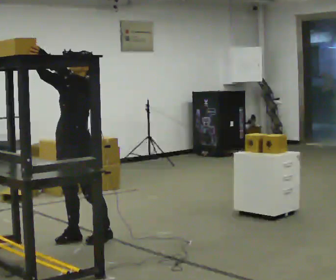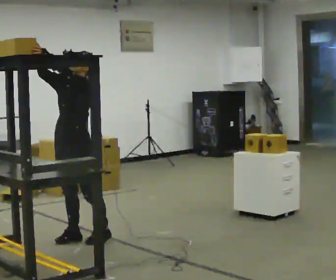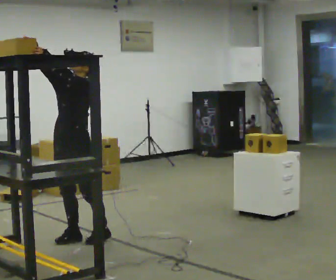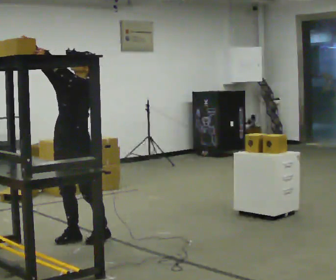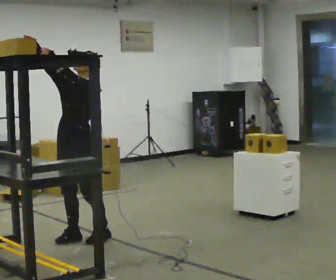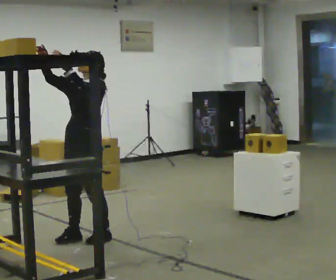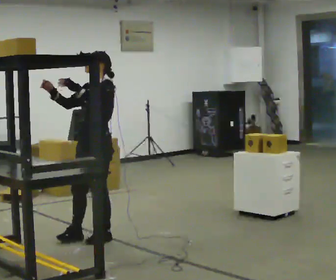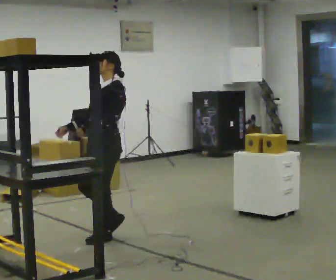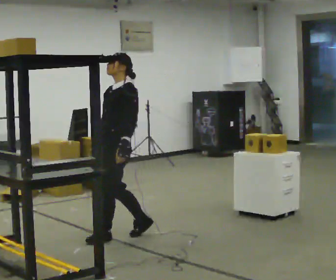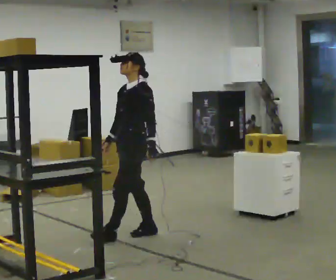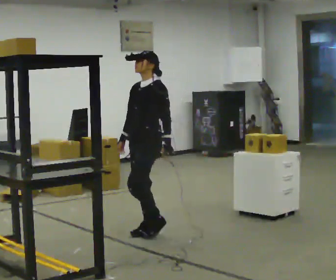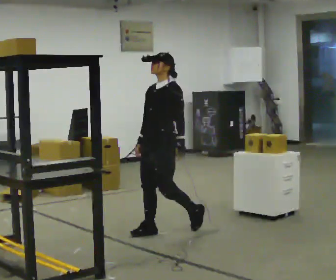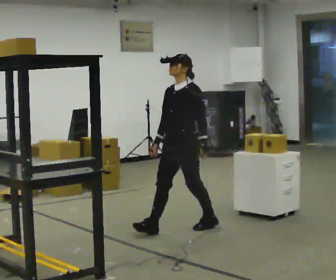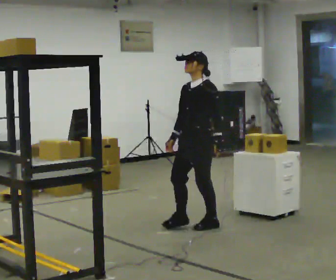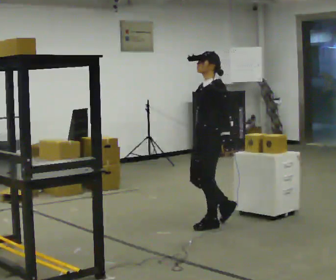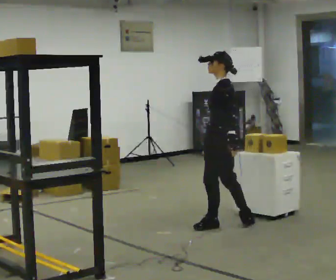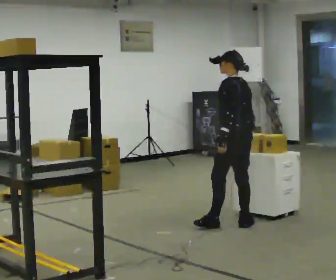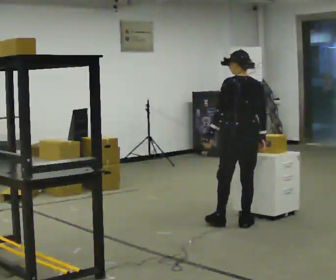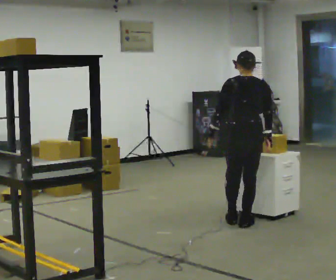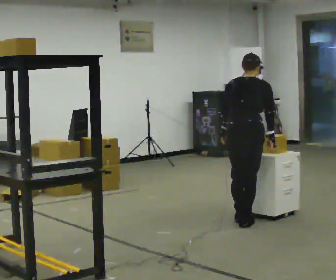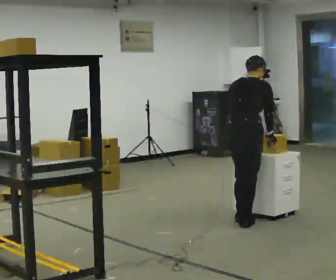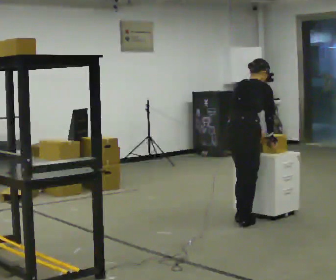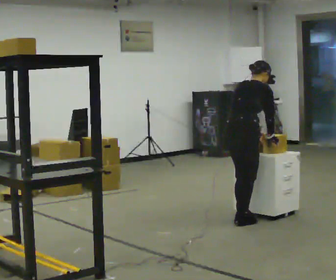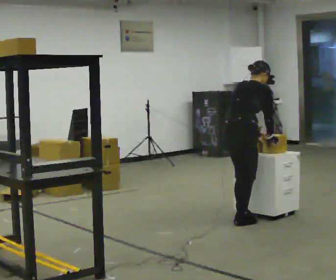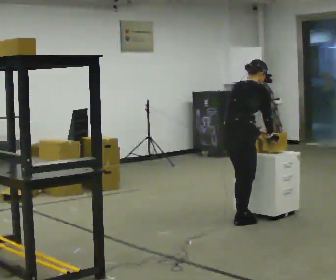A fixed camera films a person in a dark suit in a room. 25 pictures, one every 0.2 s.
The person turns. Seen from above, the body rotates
clockwise.
The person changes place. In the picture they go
to the right.
0.0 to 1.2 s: In the picture they go to the right, about 0.25 m in 1 step.
1.2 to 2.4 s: In the picture they go to the right and away from the camera, about 0.5 m in 1 step, which for them is backward. In the picture their left hand goes downward.
2.4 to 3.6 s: Seen from above the body turns clockwise, about 120 degrees: to their right, with its near side sliding to the left. In the picture they go to the right, about 0.5 m in 2 steps.
3.6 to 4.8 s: Seen from above the body turns clockwise, about 45 degrees: to their right, with its near side sliding to the left. In the picture the upper body tilts clockwise, shoulders to the right, as they bend forward. In the picture their left hand goes to the right, the arm swinging counterclockwise.
The film runs backward here.
